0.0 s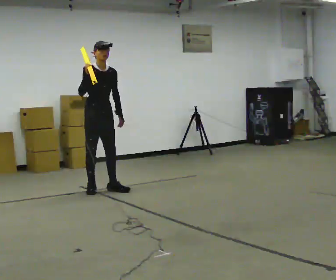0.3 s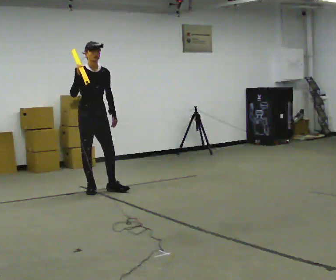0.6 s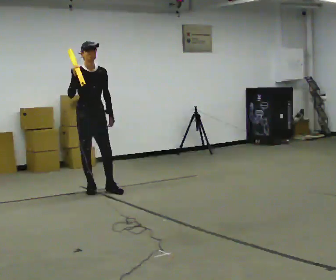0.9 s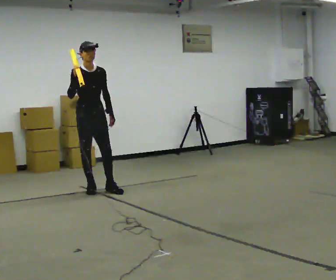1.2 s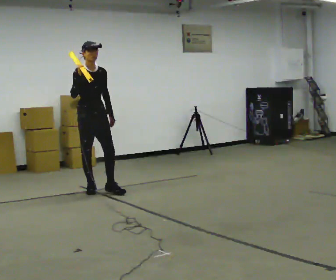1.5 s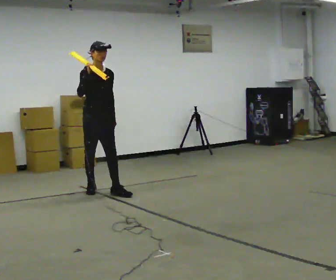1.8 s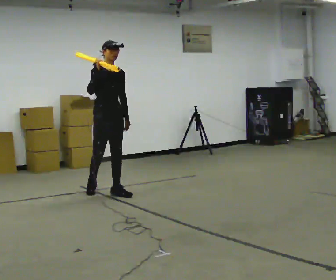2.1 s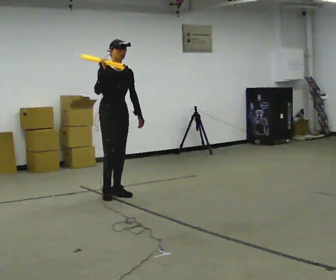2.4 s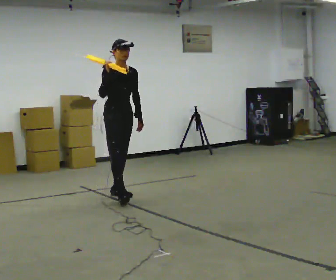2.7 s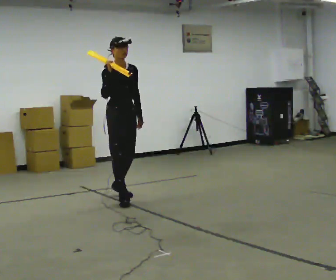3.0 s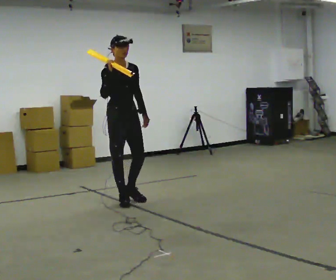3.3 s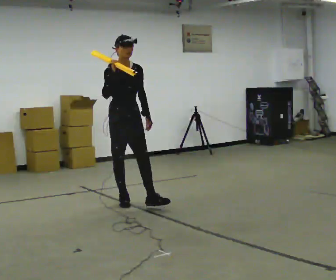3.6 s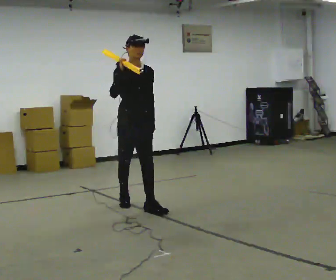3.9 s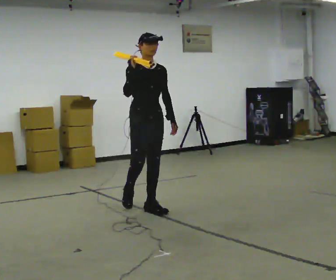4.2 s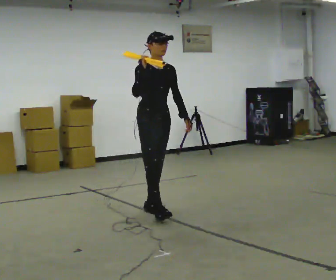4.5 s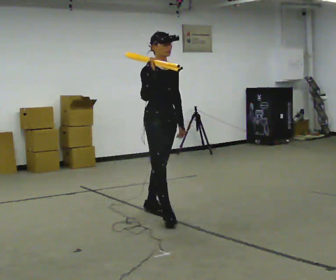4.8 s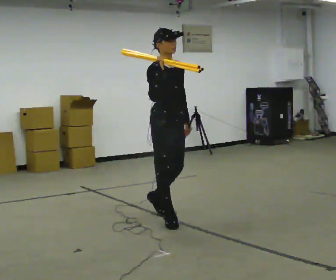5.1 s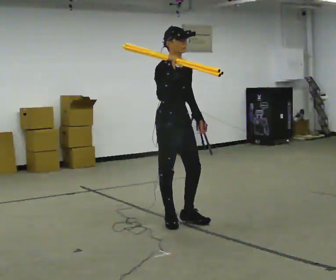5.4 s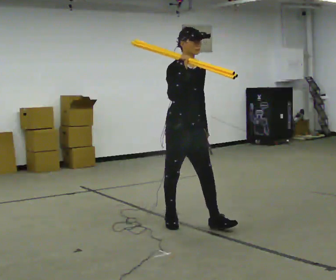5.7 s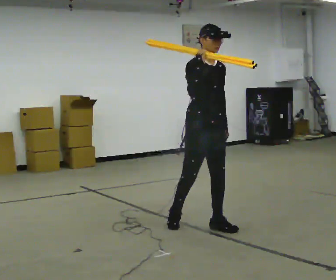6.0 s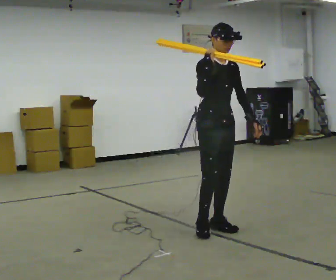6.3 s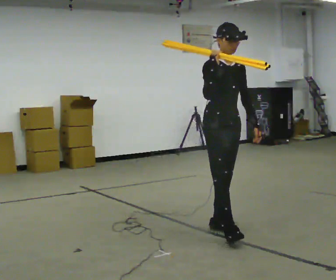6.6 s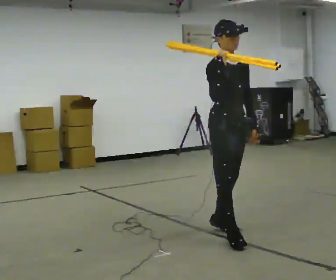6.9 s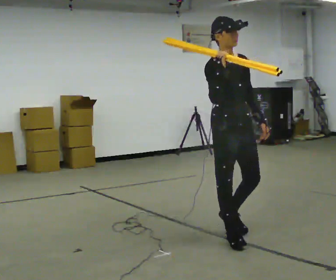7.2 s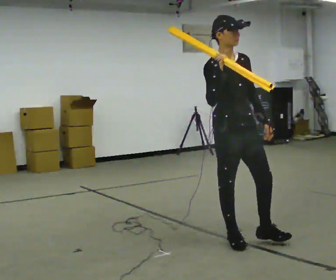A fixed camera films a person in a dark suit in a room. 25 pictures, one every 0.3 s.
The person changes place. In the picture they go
toward the camera.
0.0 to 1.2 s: The person moves a little, or ends about where they began.
1.2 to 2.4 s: In the picture they go to the right and toward the camera, about 0.5 m in 2 steps, which for them is forward.
2.4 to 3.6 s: In the picture they go toward the camera, about 0.5 m in 1 step, which for them is forward.
3.6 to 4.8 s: In the picture they go toward the camera and to the right, about 0.5 m in 1 step, which for them is forward.
4.8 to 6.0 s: In the picture they go to the right and toward the camera, about 0.5 m in 1 step, which for them is forward.
6.0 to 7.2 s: In the picture they go toward the camera, about 0.5 m in 1 step, which for them is forward and to their right.
The film runs forward here.
